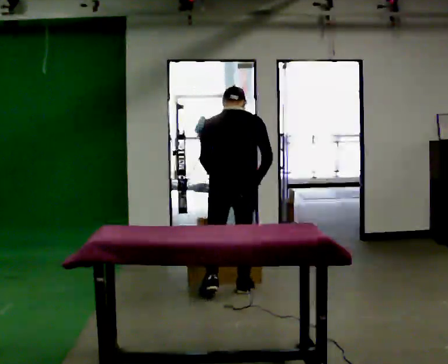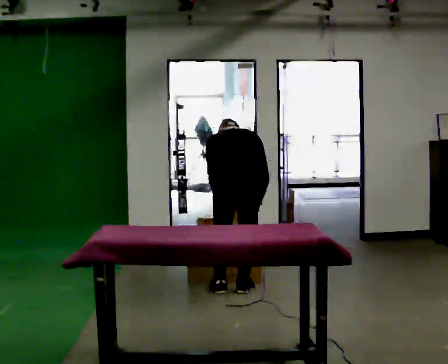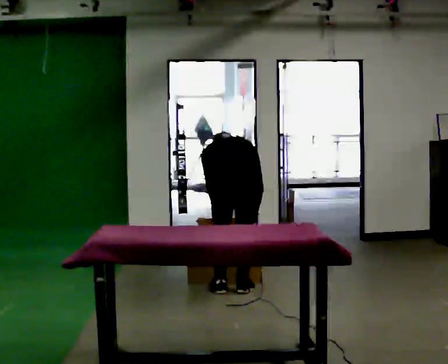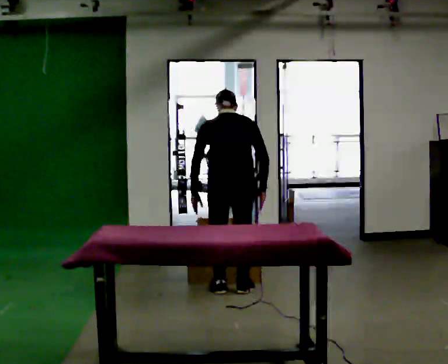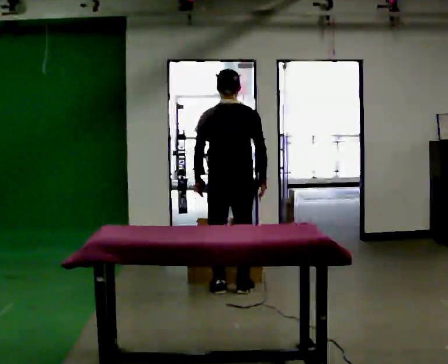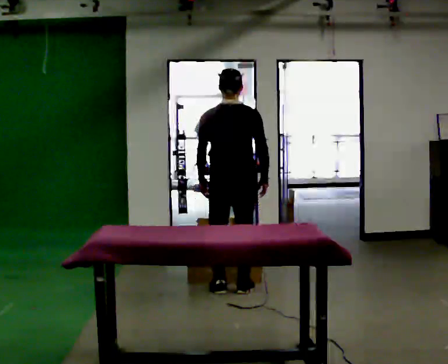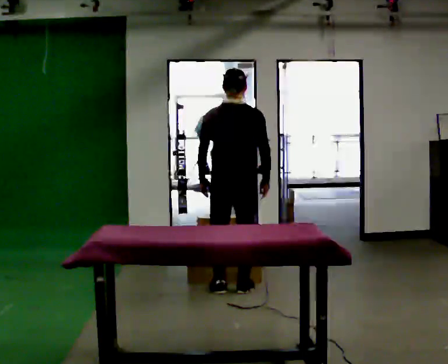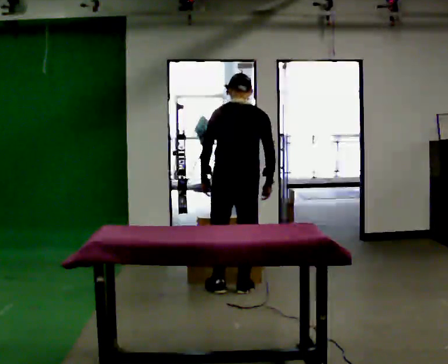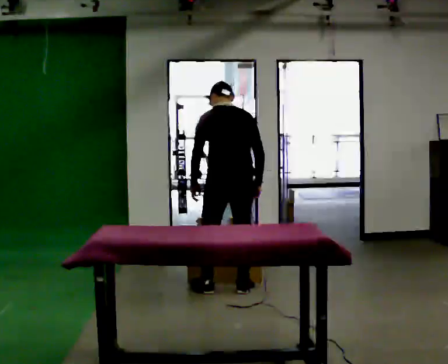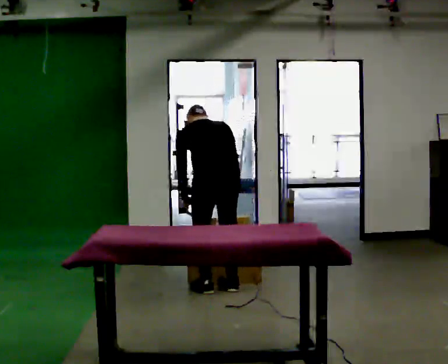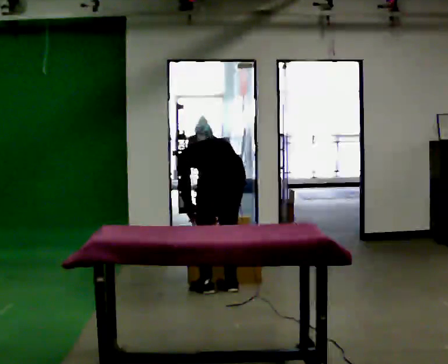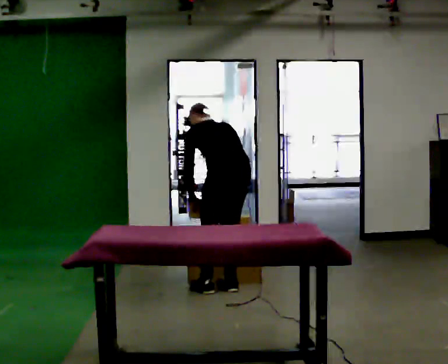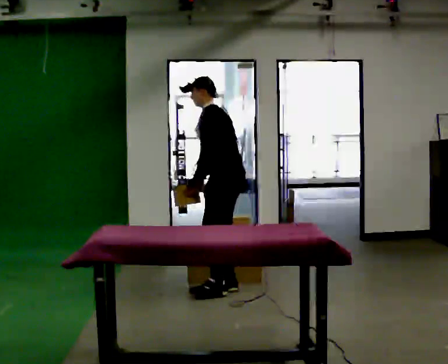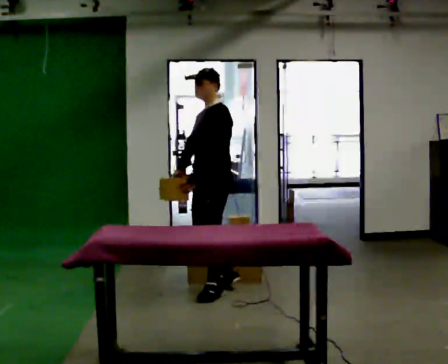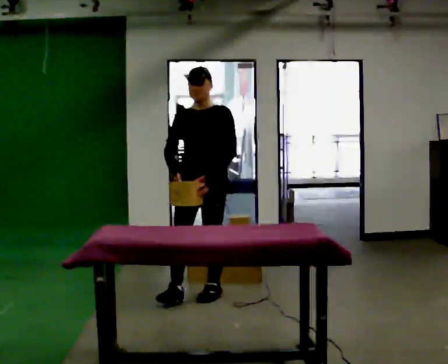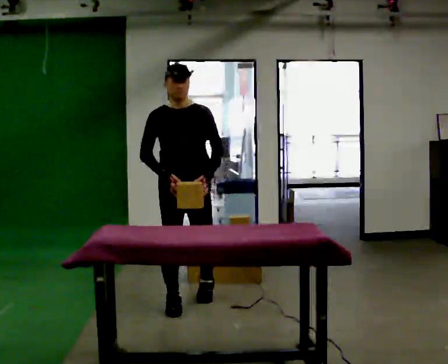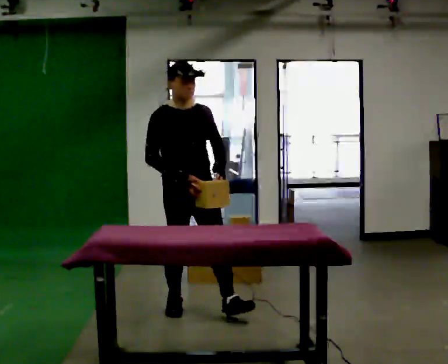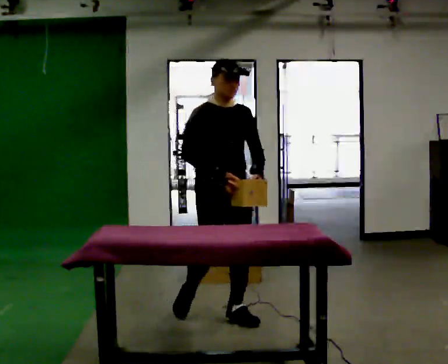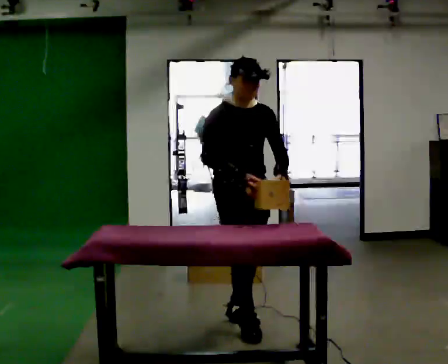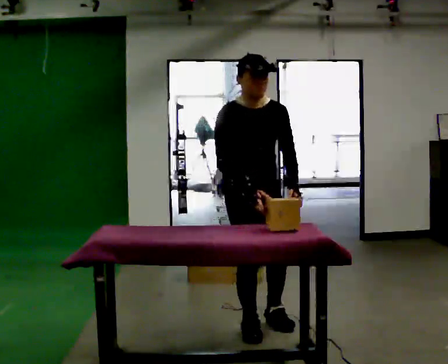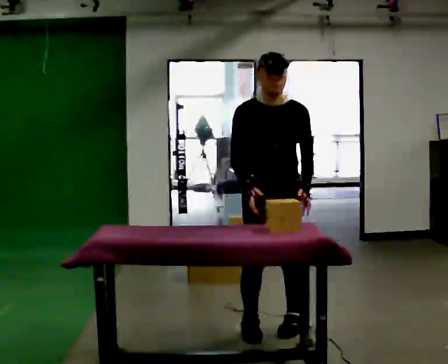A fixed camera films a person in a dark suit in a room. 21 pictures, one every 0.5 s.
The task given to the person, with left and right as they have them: Carry each object across the room and drop it into the container on the floor, then walk back for the next one. Keep going until the operator says stop; one object at a time, and do not rush between trips.
0.0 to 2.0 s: The person moves a little, or ends about where they began.
2.0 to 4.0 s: The upper body tips away from the camera, its near side rolling upward, as they bend forward.
4.0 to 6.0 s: Seen from above the body turns counterclockwise, about 60 degrees: to their left, with its near side sliding to the right. In the picture their right hand goes to the left.
6.0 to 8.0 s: The part of the body nearest the lens slides to the right as the person turns to their left by about 120 degrees. In the picture they go toward the camera and to the left, about 0.5 m in 1 step.
8.0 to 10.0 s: The person turns about 30 degrees to their right, clockwise seen from above, so the part of the body nearest the lens slides to the left. In the picture they go to the right and toward the camera, about 0.5 m in 3 steps, which for them is forward.
The film runs forward here.
